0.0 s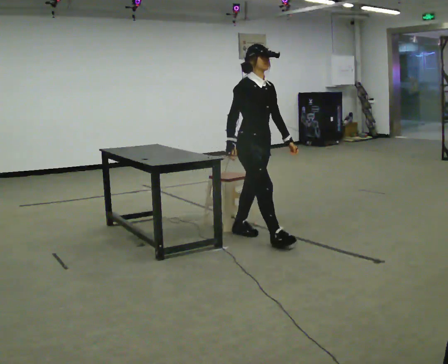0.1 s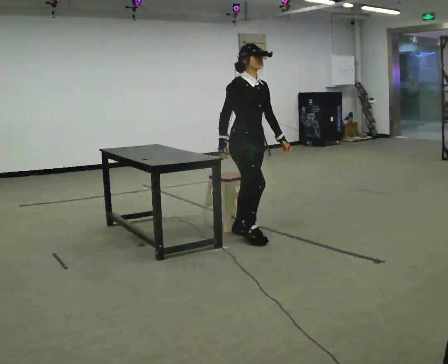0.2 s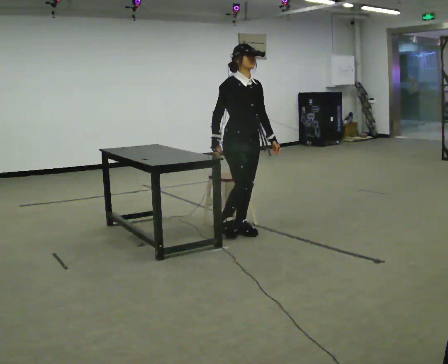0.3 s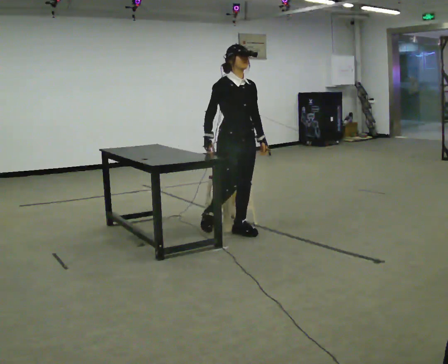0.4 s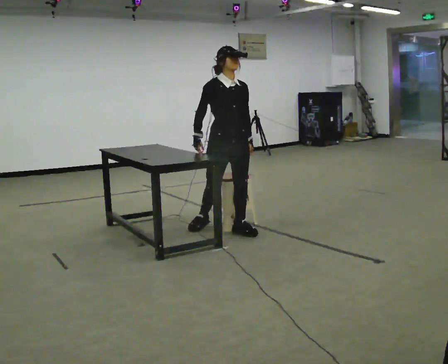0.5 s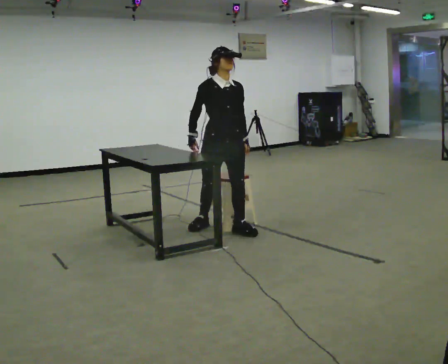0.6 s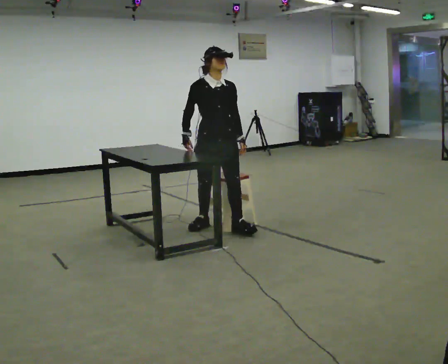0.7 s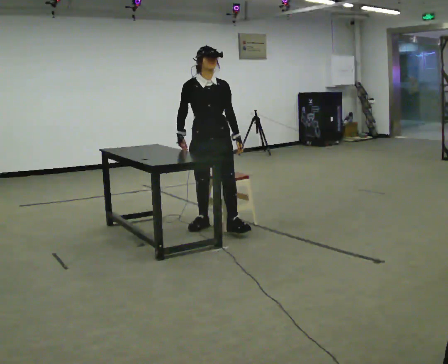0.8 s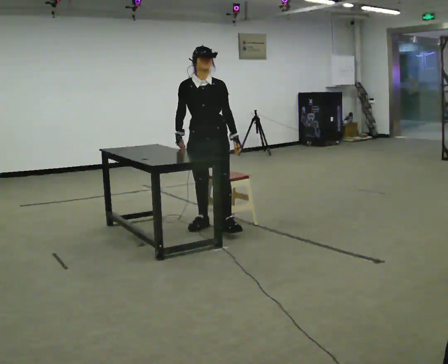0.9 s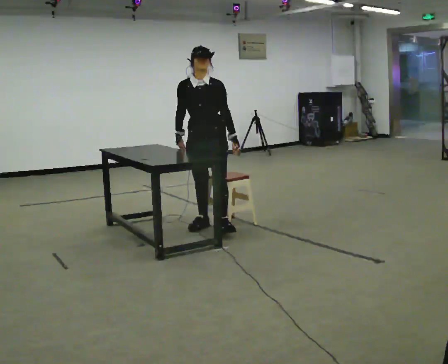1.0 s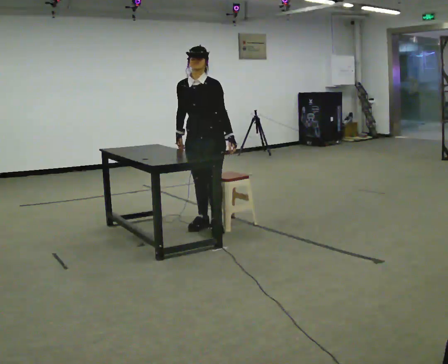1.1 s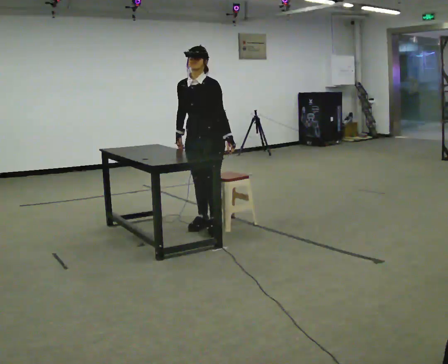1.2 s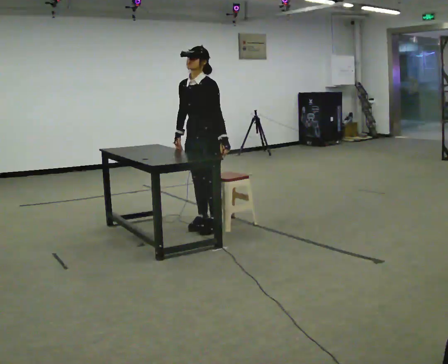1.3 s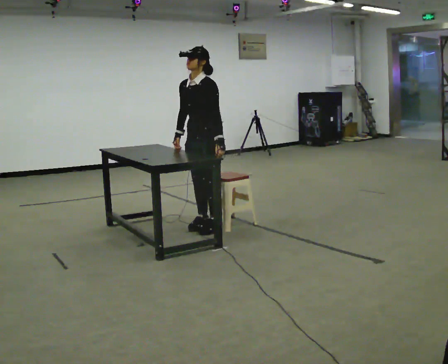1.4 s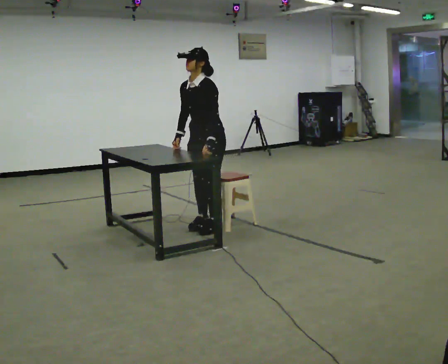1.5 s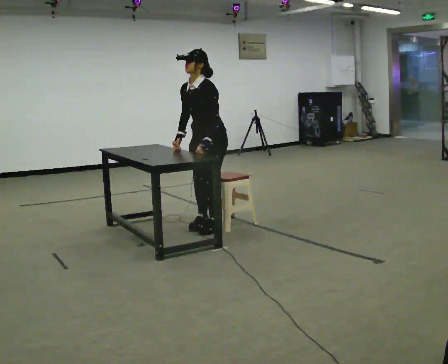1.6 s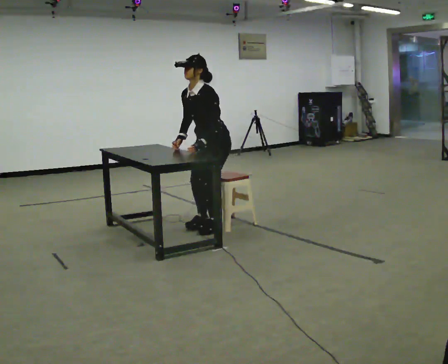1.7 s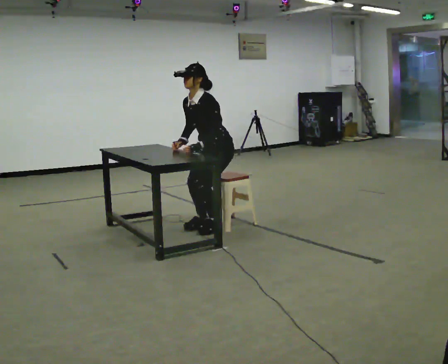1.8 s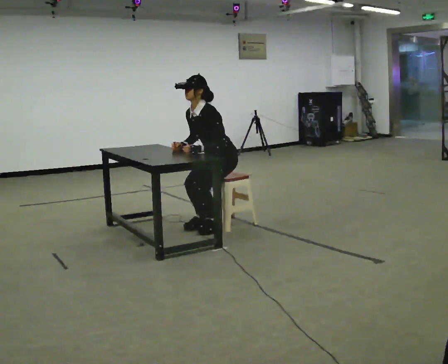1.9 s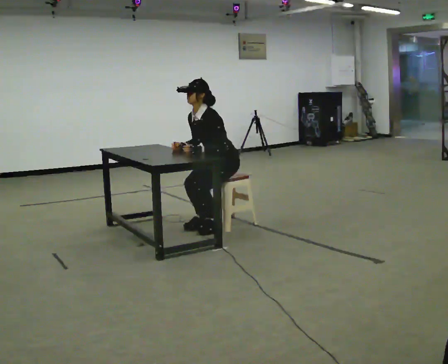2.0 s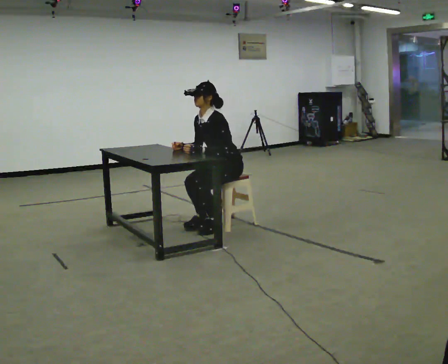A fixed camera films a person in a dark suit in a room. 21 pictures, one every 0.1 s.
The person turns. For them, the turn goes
to their right.
The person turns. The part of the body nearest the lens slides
to the left.
0.0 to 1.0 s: The part of the body nearest the lens slides to the left as the person turns to their right by about 75 degrees. In the picture they go to the left and away from the camera, about 0.5 m in 1 step.
1.0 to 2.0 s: The person turns about 45 degrees to their right, clockwise seen from above, so the part of the body nearest the lens slides to the left. In the picture they go to the right, about 0.25 m, which for them is backward. The upper body goes downward. In the picture the upper body tilts counterclockwise, shoulders to the left, as they bend forward.
The film runs backward here.
